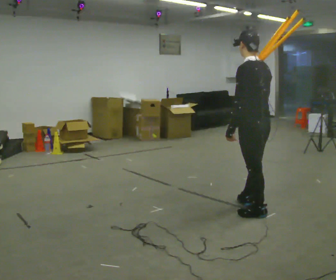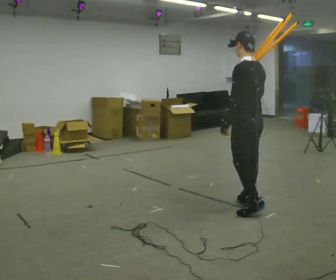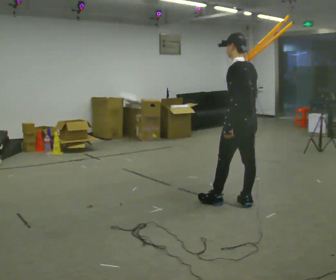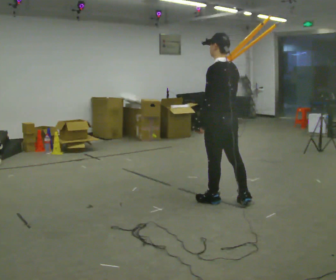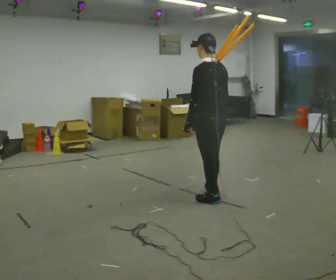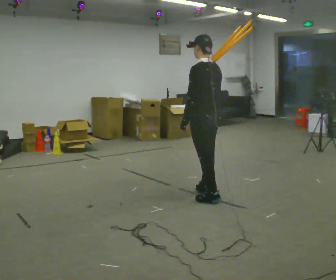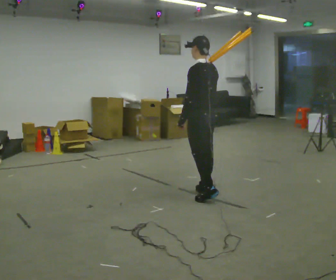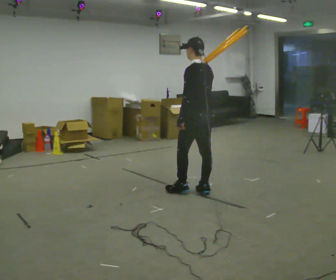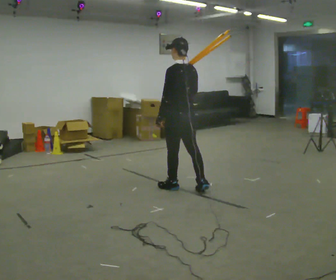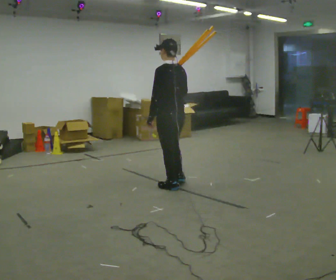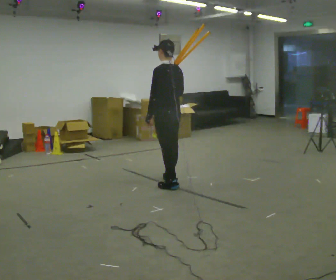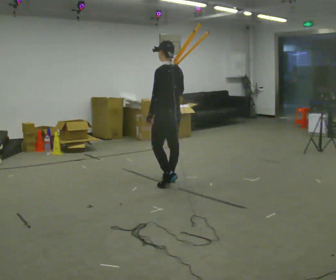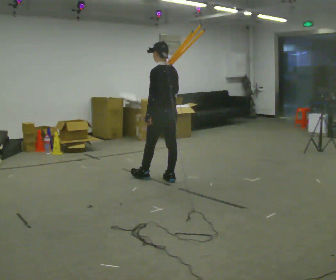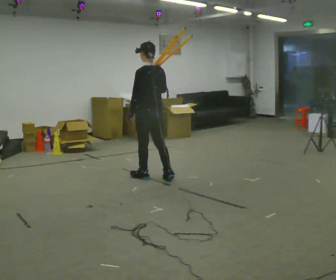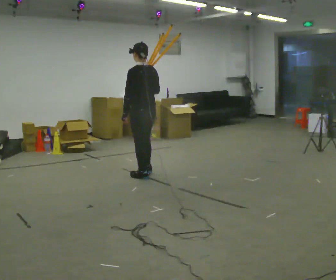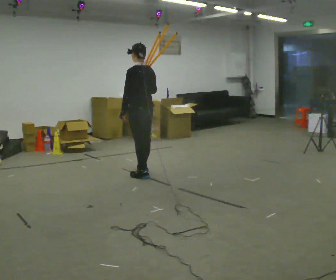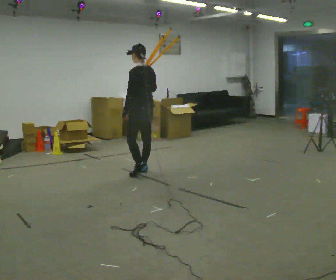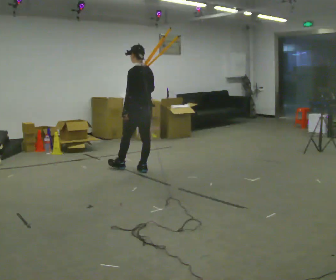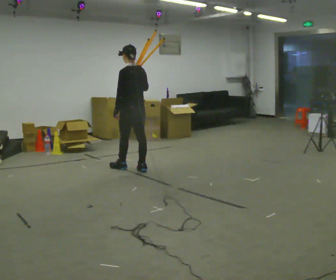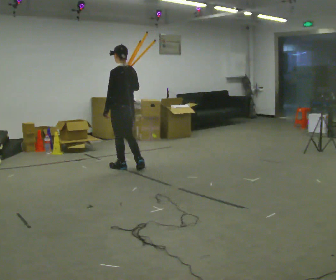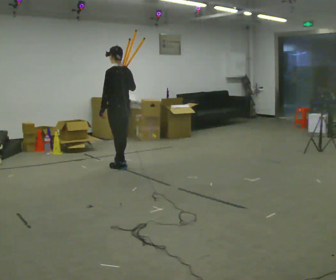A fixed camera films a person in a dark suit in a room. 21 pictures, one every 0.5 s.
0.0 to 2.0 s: In the picture they go away from the camera and to the left, about 0.5 m in 1 step, which for them is forward.
2.0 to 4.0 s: In the picture they go away from the camera and to the left, about 0.5 m in 2 steps, which for them is forward.
4.0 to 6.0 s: In the picture they go away from the camera and to the left, about 0.5 m in 1 step, which for them is forward and to their right.
6.0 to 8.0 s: In the picture they go away from the camera and to the left, about 0.5 m in 2 steps, which for them is forward.
8.0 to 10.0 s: In the picture they go to the left and away from the camera, about 0.5 m in 2 steps, which for them is forward.
The film runs forward here.
